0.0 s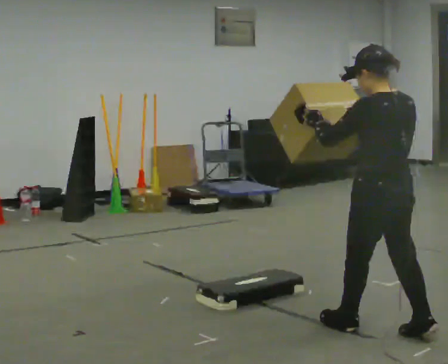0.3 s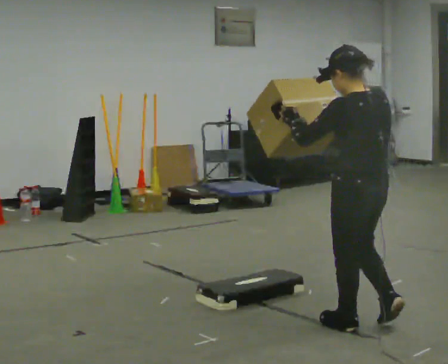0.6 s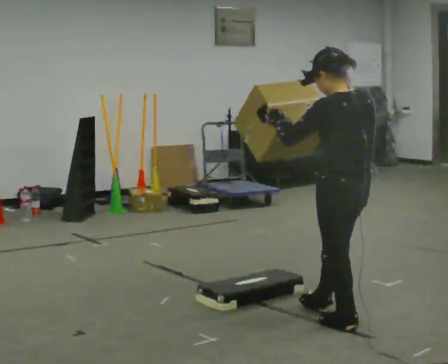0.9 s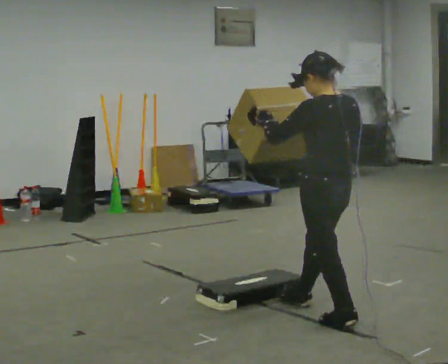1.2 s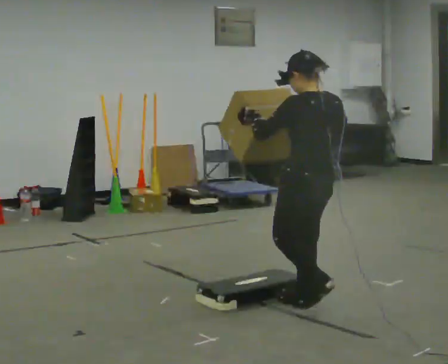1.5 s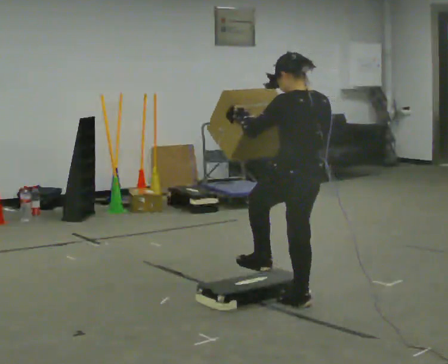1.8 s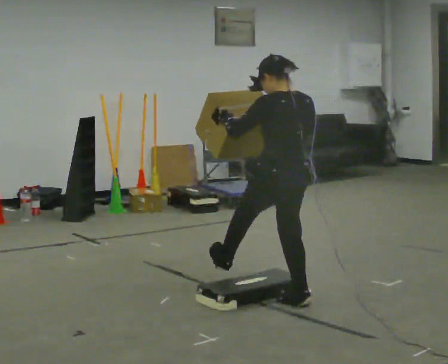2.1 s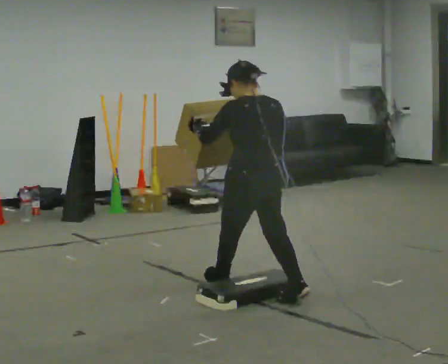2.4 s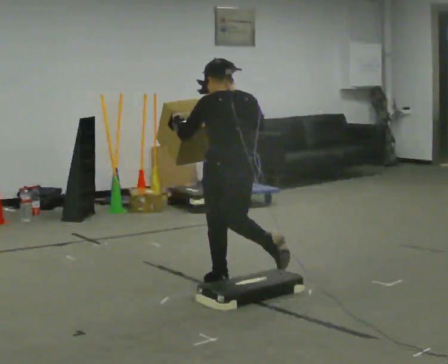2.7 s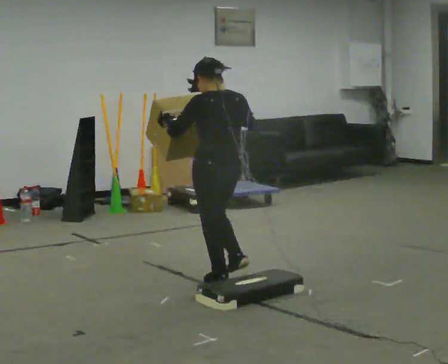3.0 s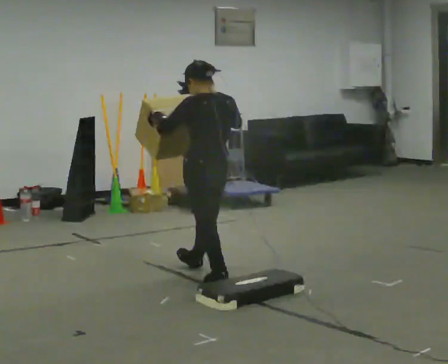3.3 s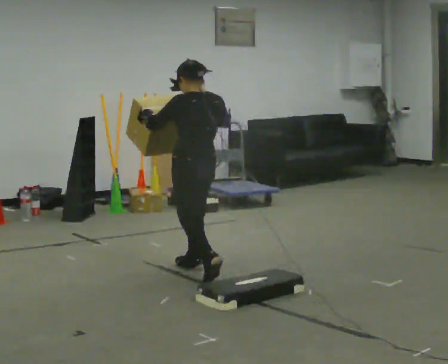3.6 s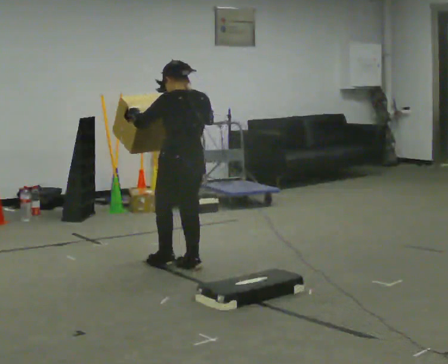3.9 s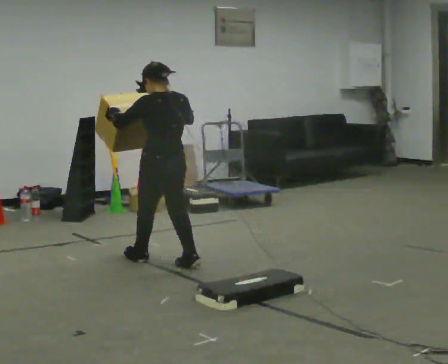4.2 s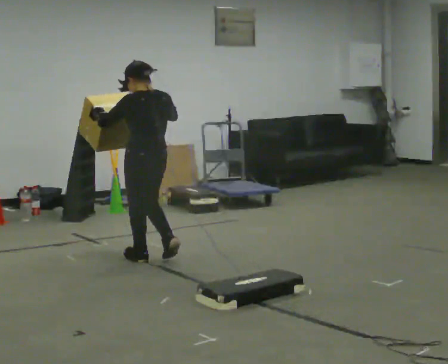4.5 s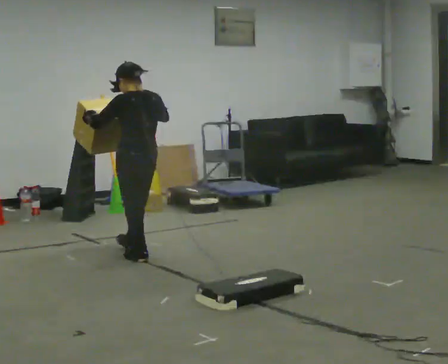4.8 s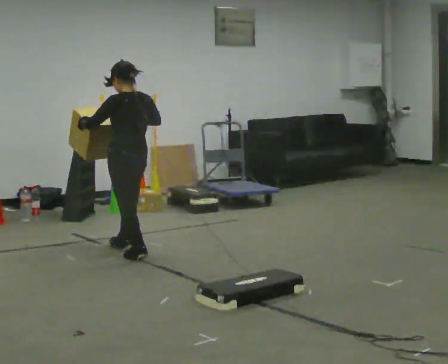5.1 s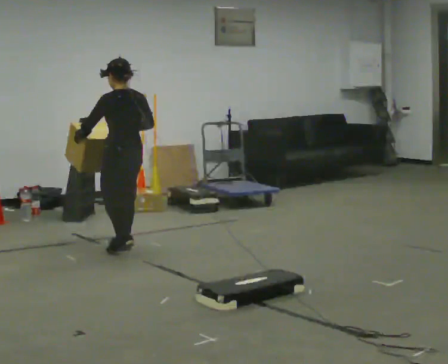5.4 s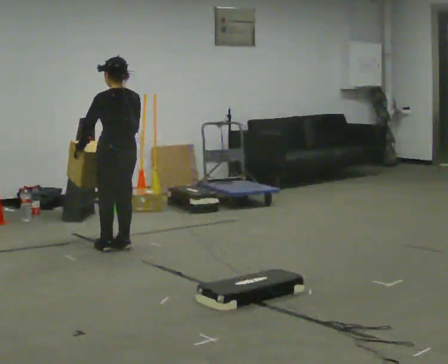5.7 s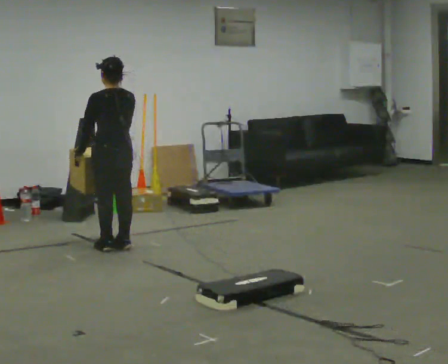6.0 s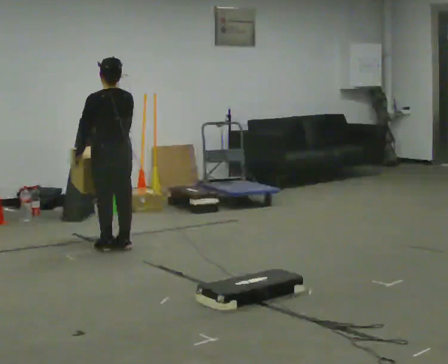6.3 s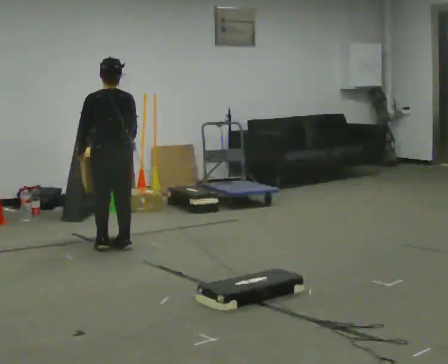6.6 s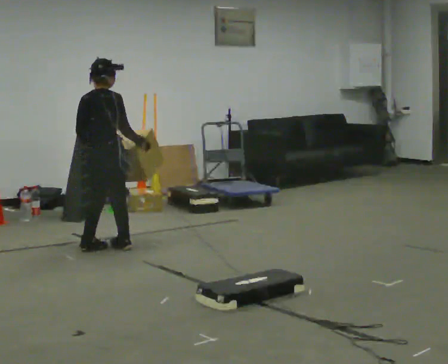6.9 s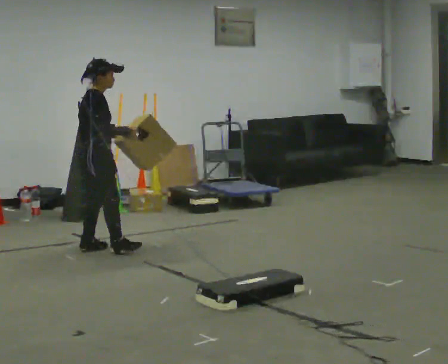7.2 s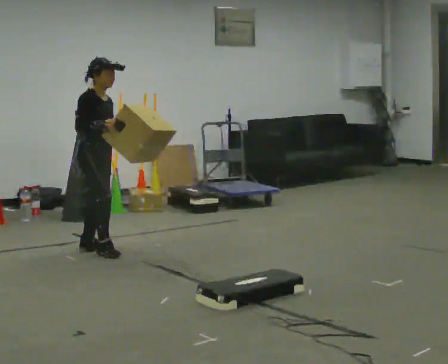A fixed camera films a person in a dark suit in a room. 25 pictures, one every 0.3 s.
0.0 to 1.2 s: In the picture they go away from the camera and to the left, about 0.5 m in 1 step, which for them is forward.
1.2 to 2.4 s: In the picture they go away from the camera and to the left, about 0.75 m in 1 step, which for them is forward.
2.4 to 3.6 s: In the picture they go away from the camera and to the left, about 0.5 m in 1 step, which for them is forward.
3.6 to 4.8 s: In the picture they go away from the camera and to the left, about 0.5 m in 2 steps, which for them is forward.
4.8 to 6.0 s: In the picture they go away from the camera, about 0.25 m in 1 step, which for them is forward.
6.0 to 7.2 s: Seen from above the body turns clockwise, about 135 degrees: to their right, with its near side sliding to the left.
The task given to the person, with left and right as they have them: Carry the box over the low sill without stopping, then bring it back over. Keep going until the operator says stop; one object at a time, and do not rush between trips.
The film runs forward here.
